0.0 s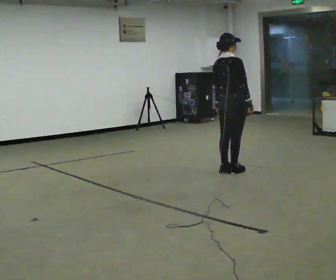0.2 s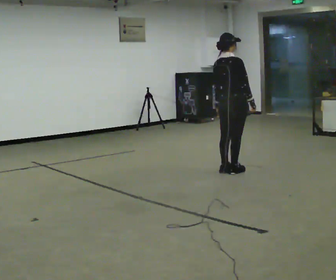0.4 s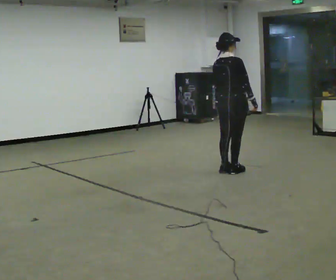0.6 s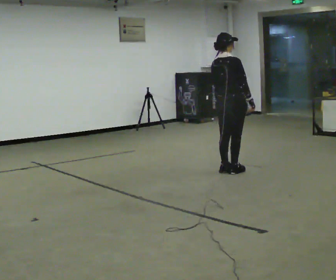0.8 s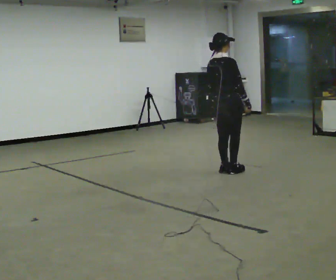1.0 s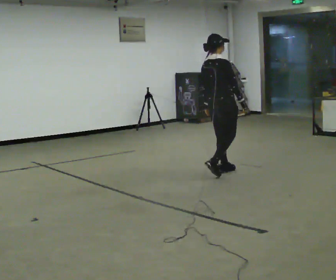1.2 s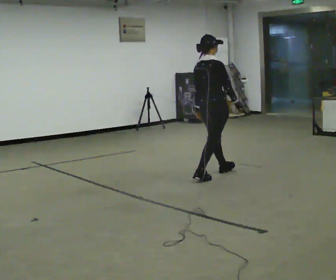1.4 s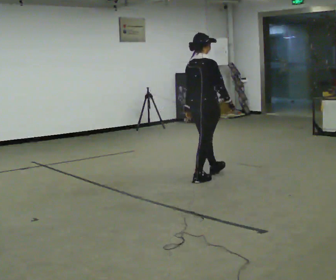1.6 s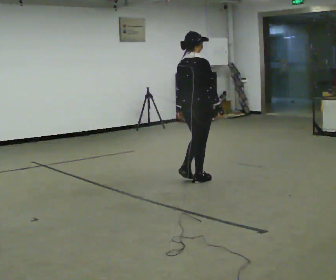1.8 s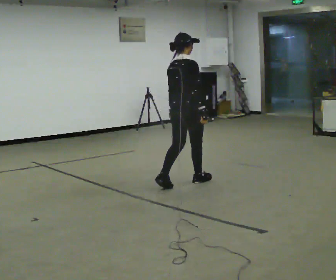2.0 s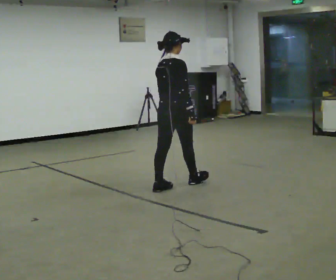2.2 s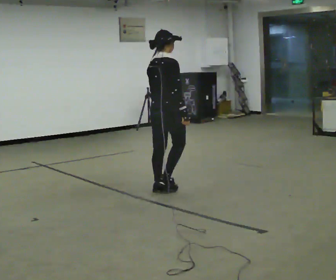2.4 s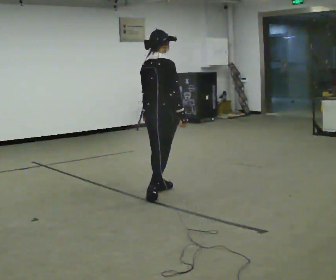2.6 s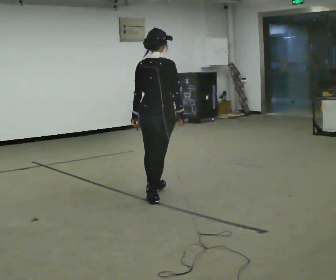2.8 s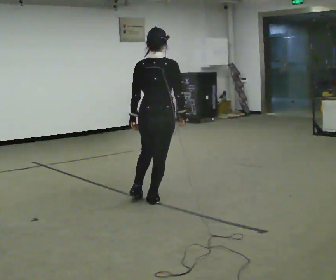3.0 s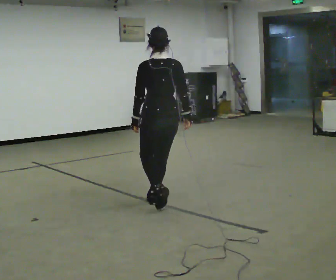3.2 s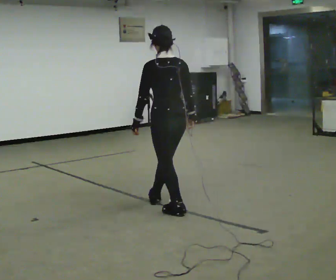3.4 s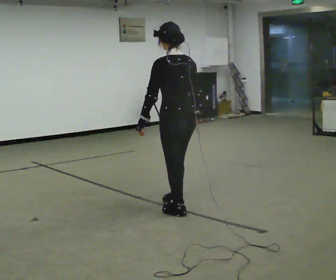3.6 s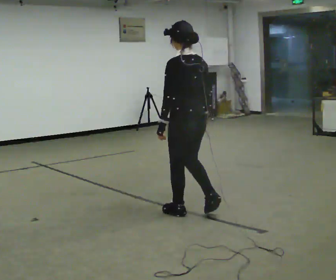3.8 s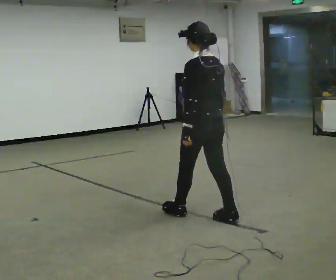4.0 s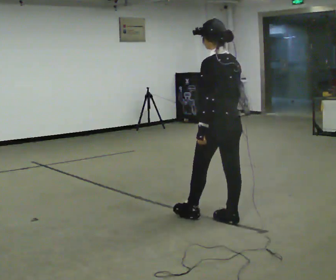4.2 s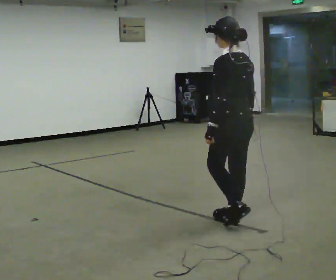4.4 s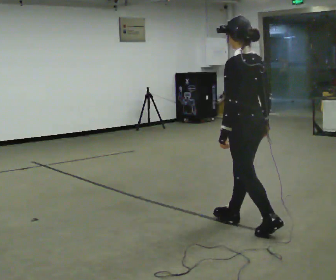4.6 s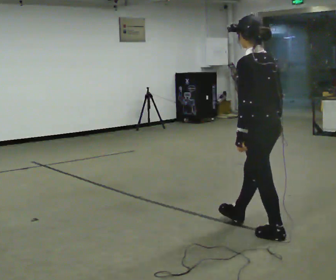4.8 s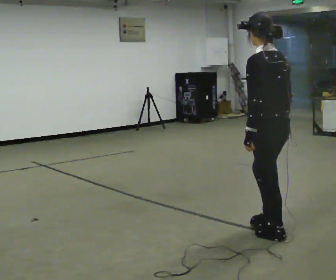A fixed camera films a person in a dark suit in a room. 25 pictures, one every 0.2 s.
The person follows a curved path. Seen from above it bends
counterclockwise.
The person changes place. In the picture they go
toward the camera.
0.0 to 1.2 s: In the picture they go to the left and toward the camera, about 0.25 m in 1 step, which for them is backward.
1.2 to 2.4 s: In the picture they go toward the camera and to the left, about 1 m in 2 steps, which for them is backward.
2.4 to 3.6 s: Seen from above the body turns counterclockwise, about 75 degrees: to their left, with its near side sliding to the right. In the picture they go toward the camera, about 1 m in 2 steps.
3.6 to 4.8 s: In the picture they go toward the camera and to the right, about 1 m in 2 steps, which for them is backward.
The film runs backward here.
